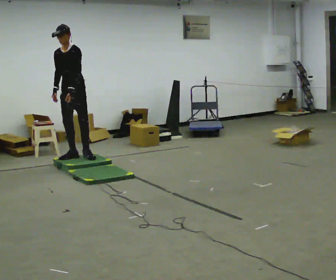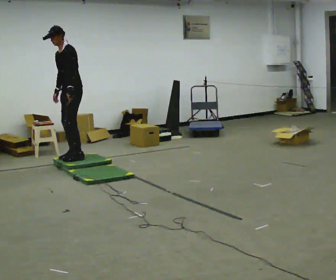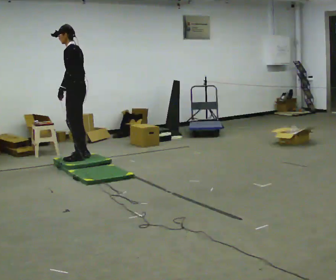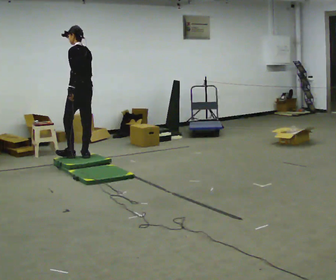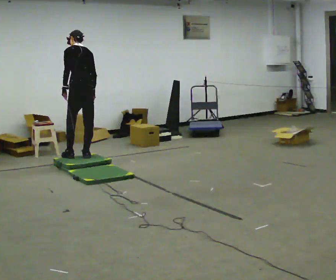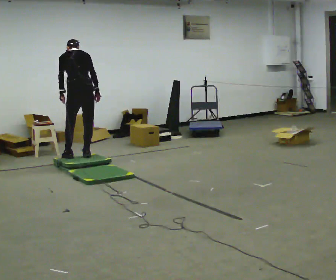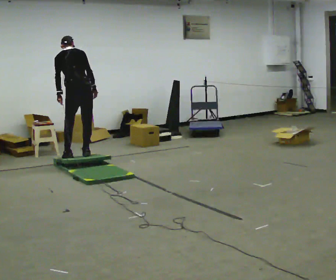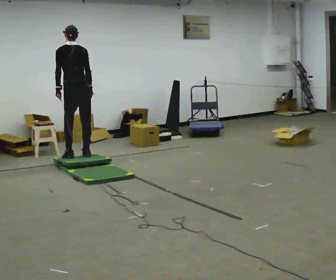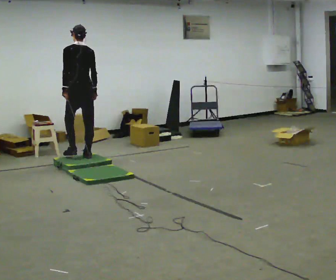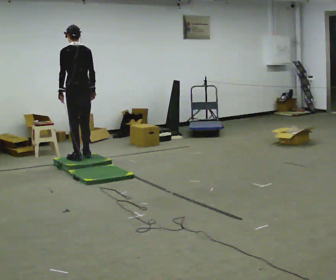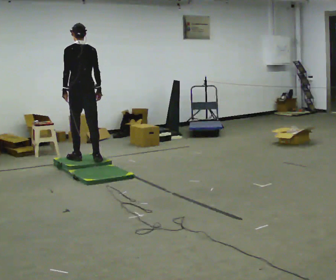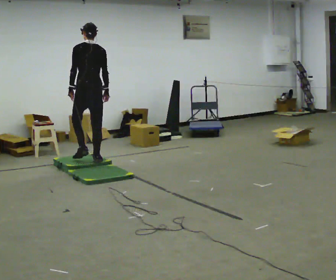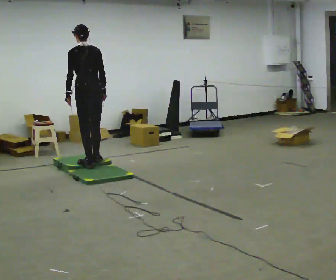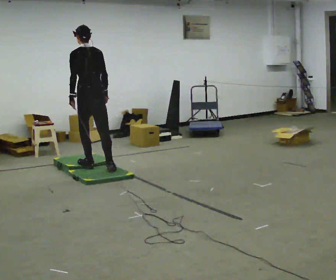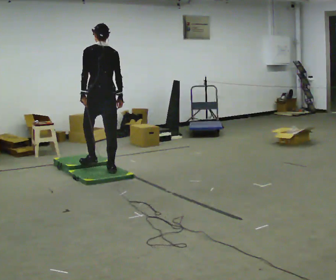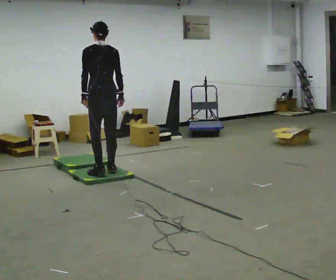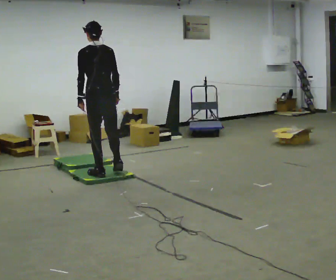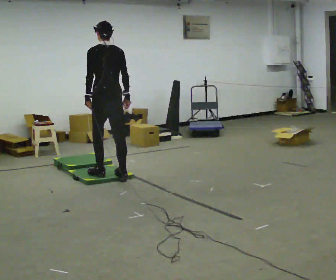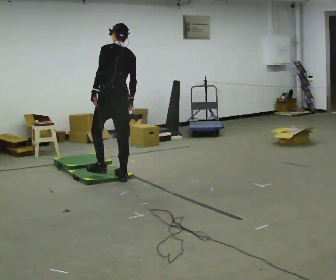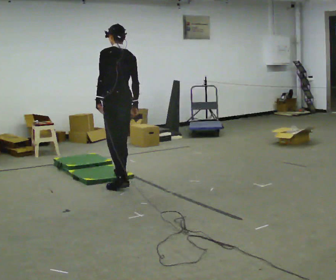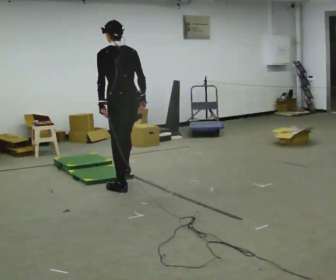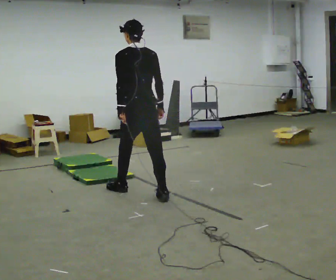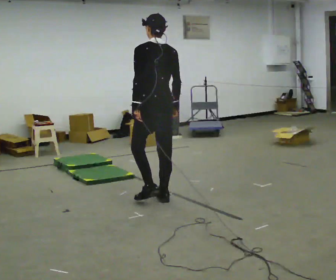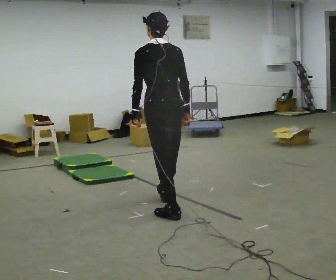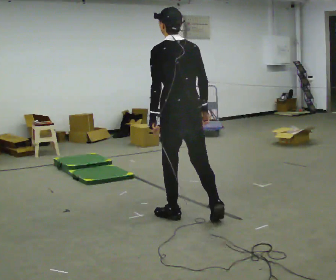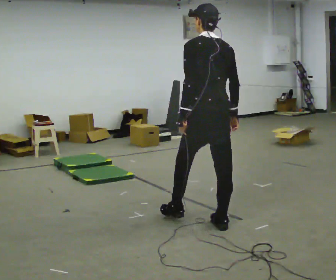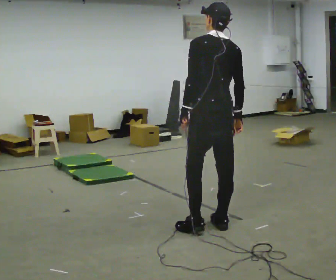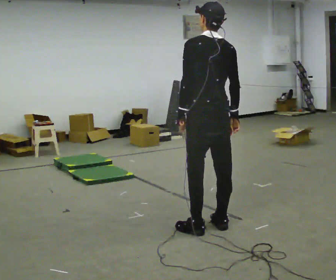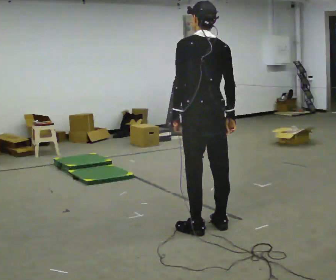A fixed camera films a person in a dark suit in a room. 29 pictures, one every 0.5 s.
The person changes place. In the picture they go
toward the camera.
0.0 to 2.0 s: Seen from above the body turns clockwise, about 120 degrees: to their right, with its near side sliding to the left. The upper body tips away from the camera, its near side rolling upward. In the picture their right hand goes to the right.
2.0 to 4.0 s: The person moves a little, or ends about where they began.
4.0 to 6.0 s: In the picture they go toward the camera, about 0.25 m in 2 steps, which for them is backward.
6.0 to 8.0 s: In the picture they go toward the camera, about 0.5 m in 3 steps, which for them is backward.
8.0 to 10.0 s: In the picture they go toward the camera and to the right, about 0.5 m in 2 steps, which for them is backward.
10.0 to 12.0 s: In the picture they go toward the camera and to the right, about 1 m in 2 steps, which for them is backward.
12.0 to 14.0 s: In the picture they go toward the camera, about 0.25 m in 1 step, which for them is backward.
The film runs backward here.
